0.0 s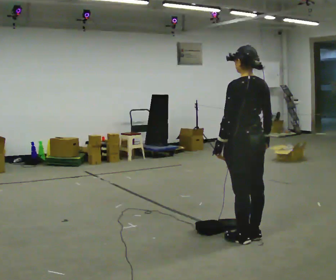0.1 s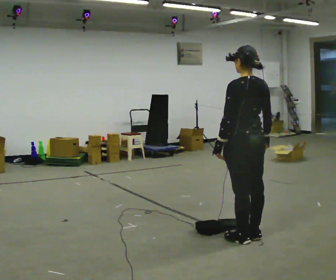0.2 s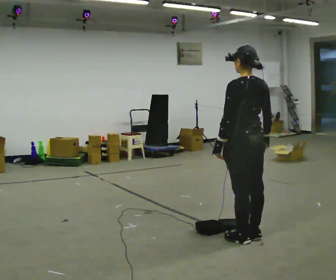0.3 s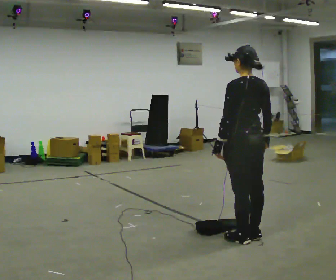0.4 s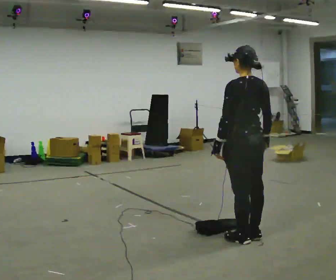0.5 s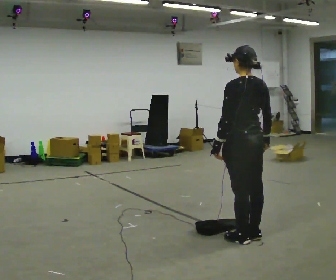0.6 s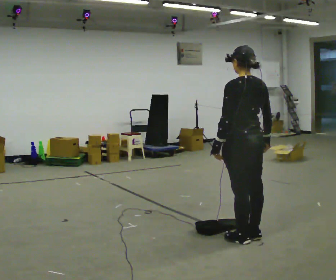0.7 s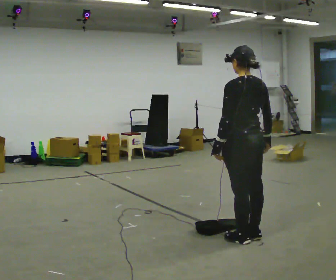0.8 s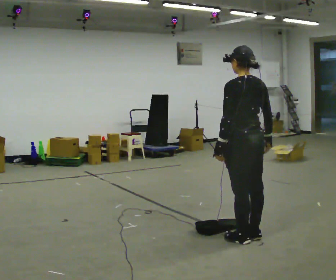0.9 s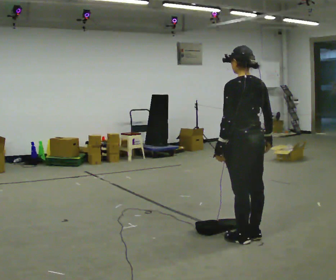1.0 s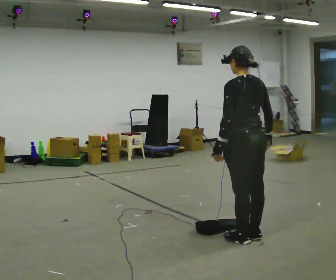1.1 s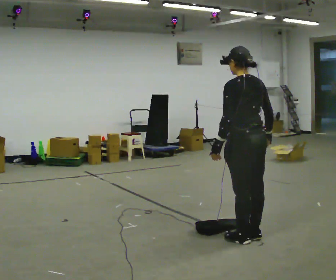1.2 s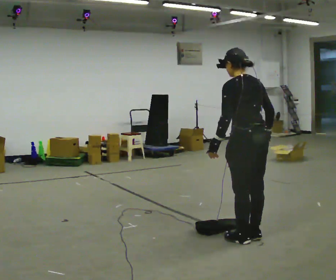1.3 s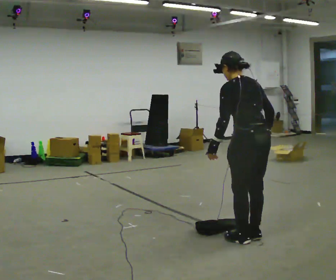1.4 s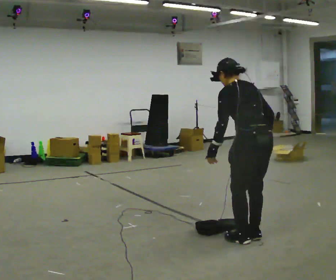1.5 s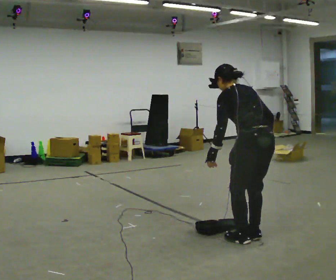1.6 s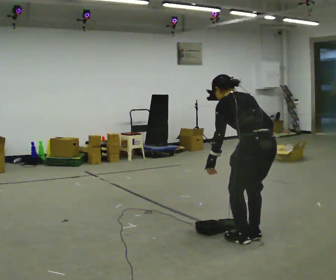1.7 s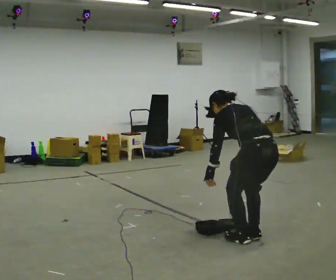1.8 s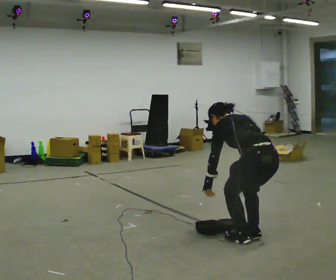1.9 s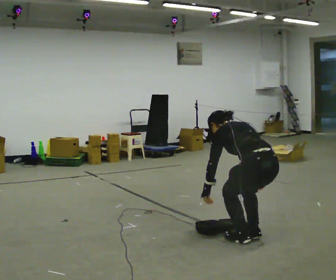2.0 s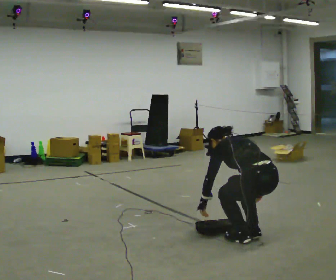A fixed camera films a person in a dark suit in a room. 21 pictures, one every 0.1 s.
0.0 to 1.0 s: The person moves a little, or ends about where they began.
1.0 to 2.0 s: The upper body goes downward. The upper body tips away from the camera, its near side rolling upward, as they bend forward. In the picture their right hand goes downward.
The film runs backward here.
